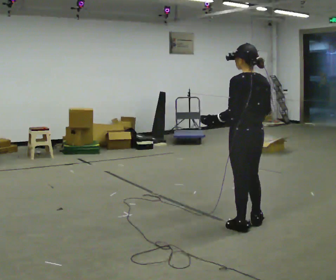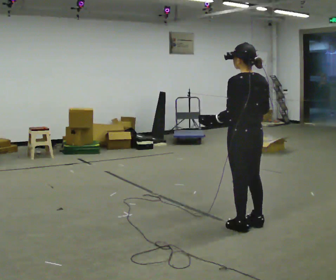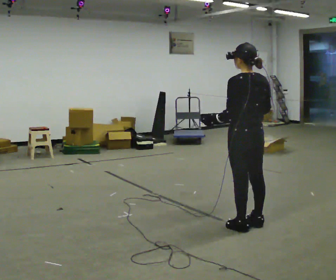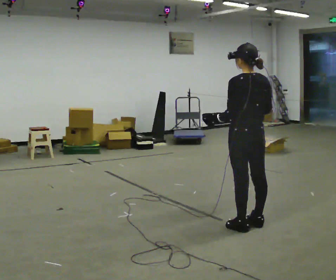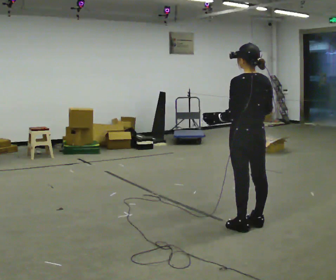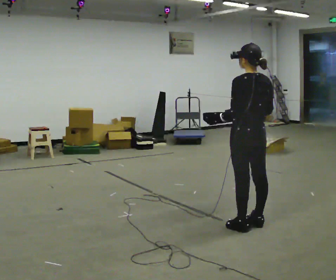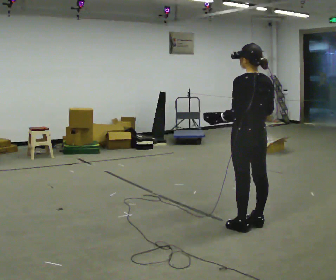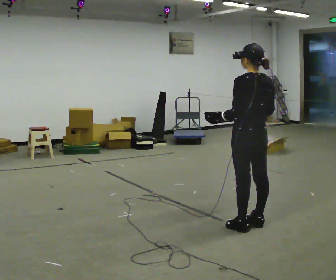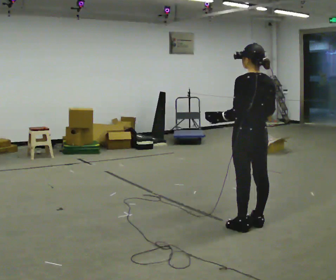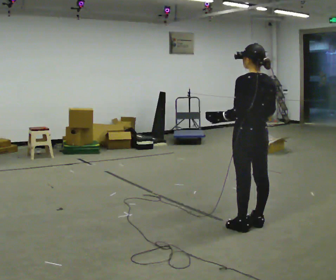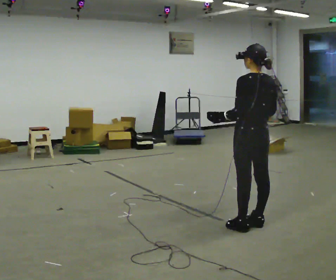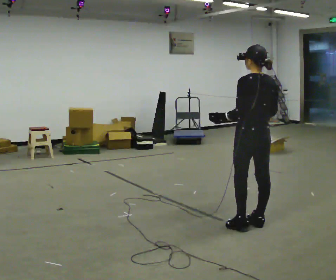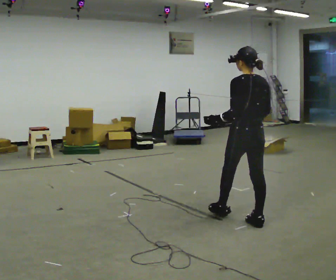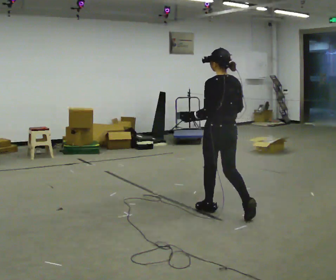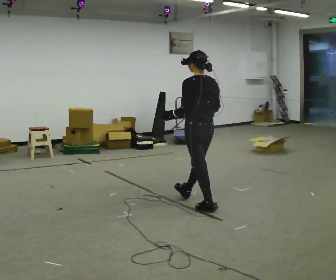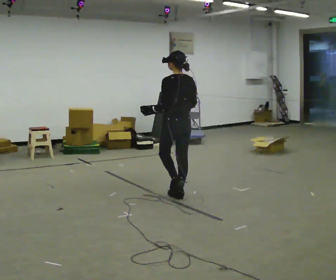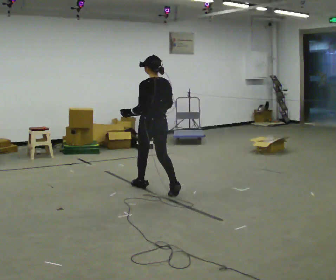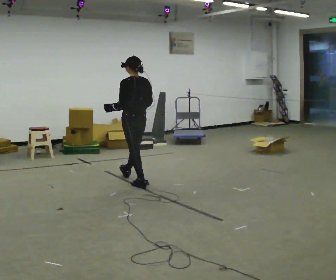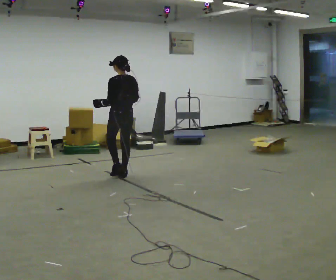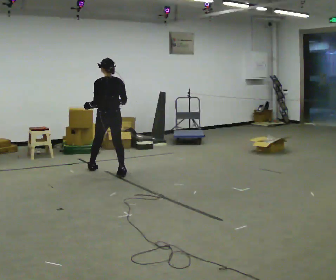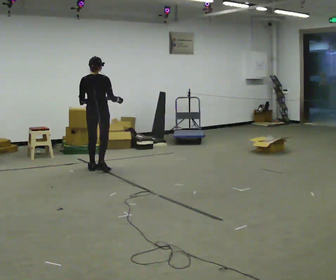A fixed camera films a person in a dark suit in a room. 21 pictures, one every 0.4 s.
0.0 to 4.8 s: In the picture they go away from the camera, about 0.25 m, which for them is forward and to their right.
4.8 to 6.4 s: In the picture they go to the left and away from the camera, about 1.5 m in 3 steps, which for them is forward.
6.4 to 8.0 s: The part of the body nearest the lens slides to the left as the person turns to their right by about 45 degrees. In the picture they go to the left and away from the camera, about 1 m in 2 steps, which for them is forward.
The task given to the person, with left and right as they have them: Carry the box with its lid hanging open across the room, back and forth.
The film runs forward here.
